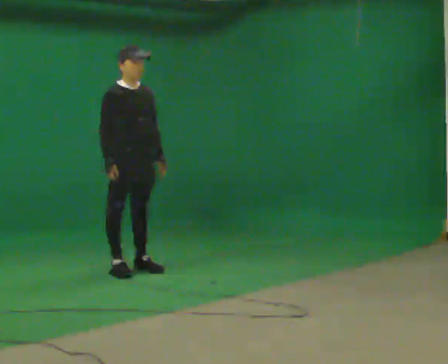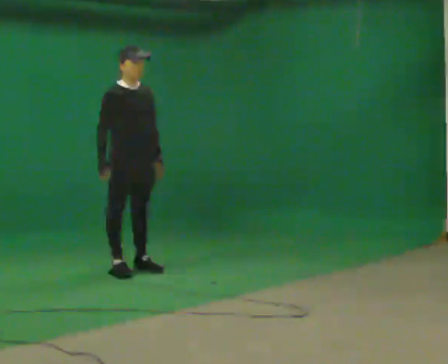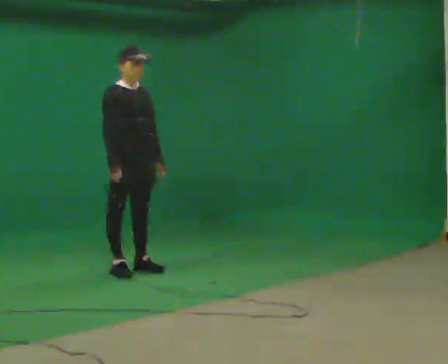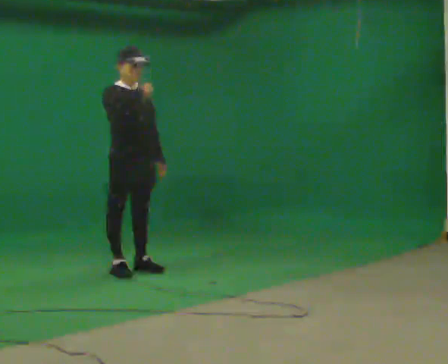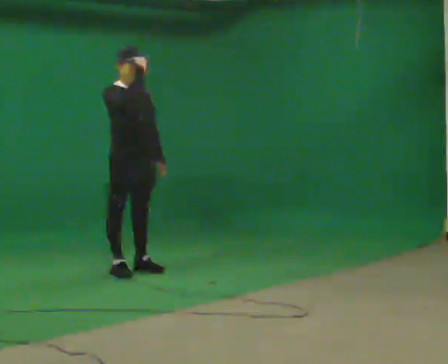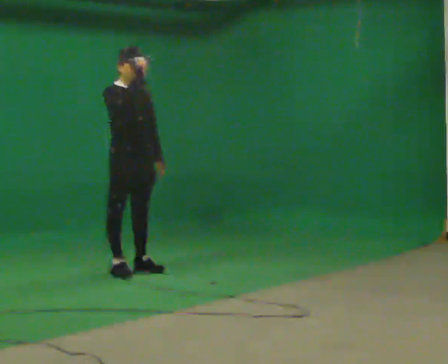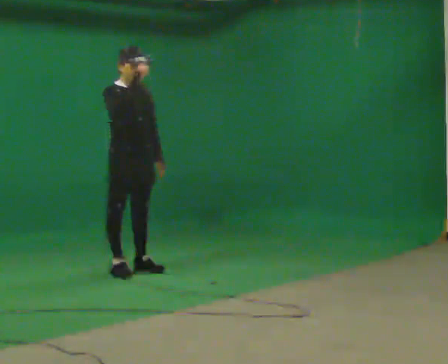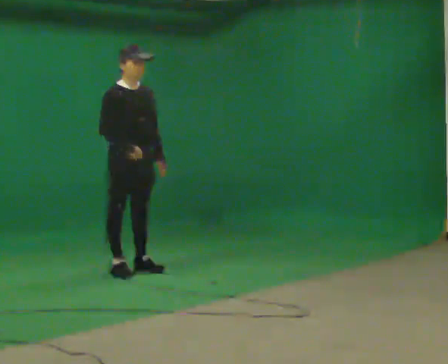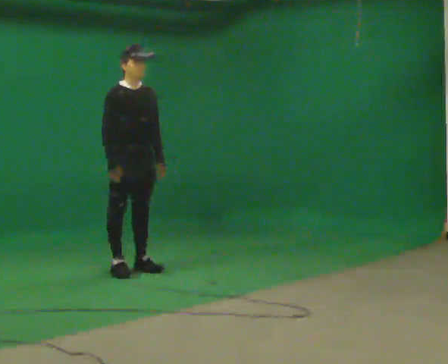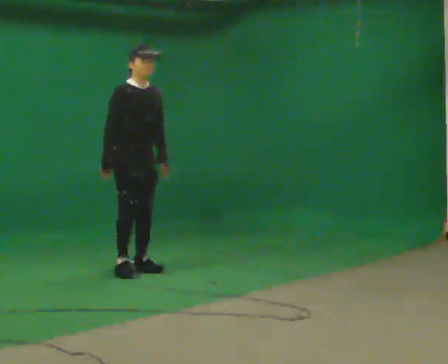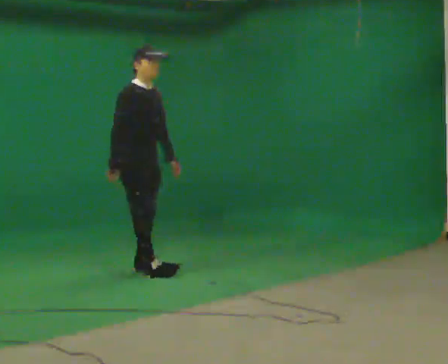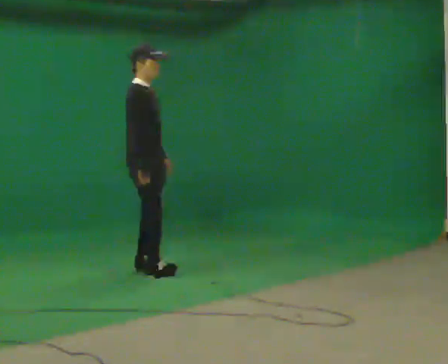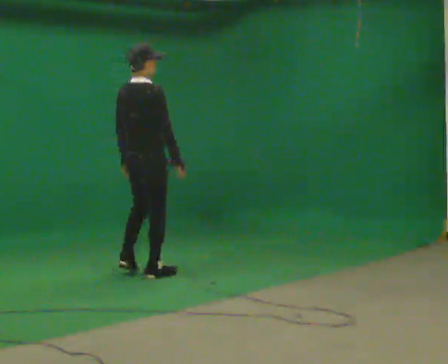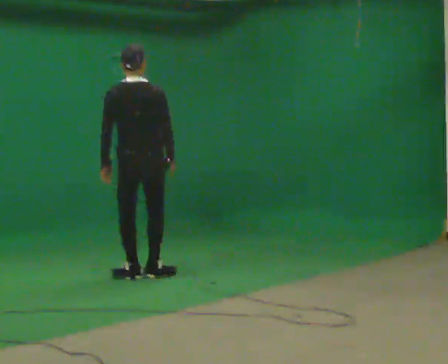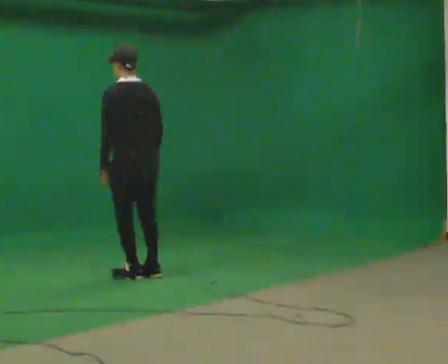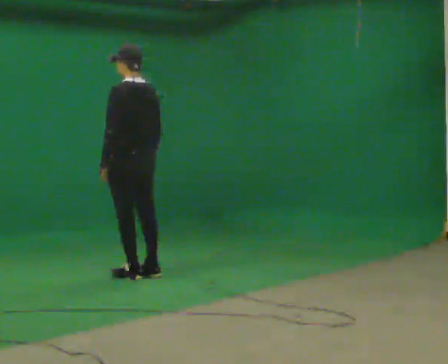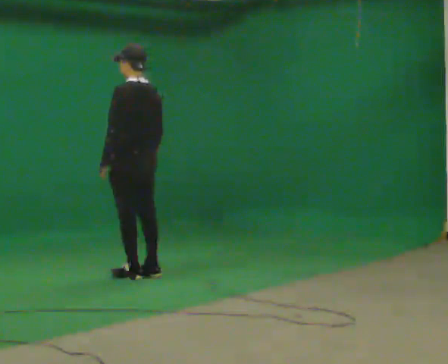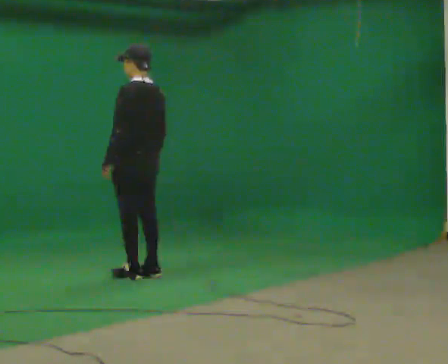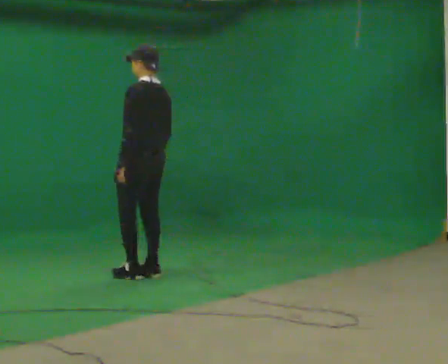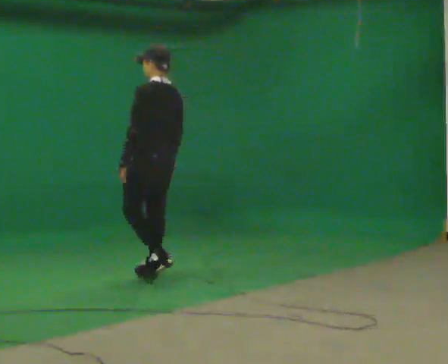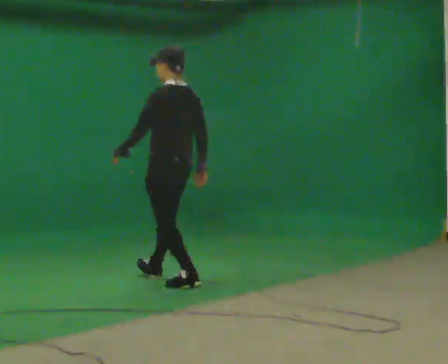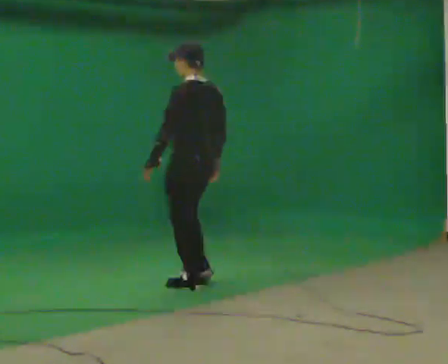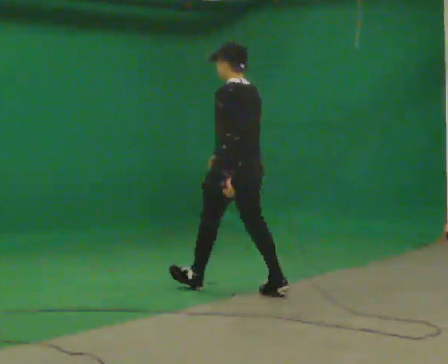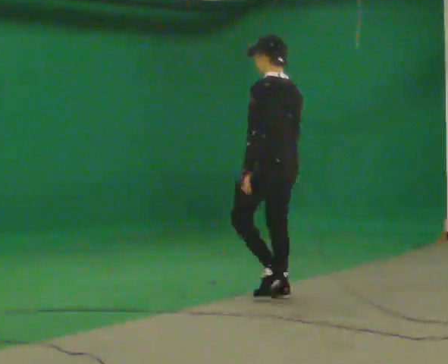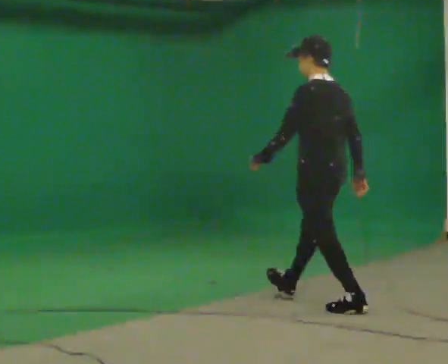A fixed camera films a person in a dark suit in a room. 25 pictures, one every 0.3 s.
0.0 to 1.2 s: In the picture their right hand goes upward.
1.2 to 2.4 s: In the picture their right hand goes downward.
2.4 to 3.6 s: The person turns about 90 degrees to their left, counterclockwise seen from above, so the part of the body nearest the lens slides to the right. In the picture they go toward the camera, about 0.25 m in 2 steps.
3.6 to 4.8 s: The part of the body nearest the lens slides to the right as the person turns to their left by about 90 degrees.
4.8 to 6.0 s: In the picture they go toward the camera and to the right, about 0.25 m in 1 step, which for them is backward.
6.0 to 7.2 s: In the picture they go toward the camera and to the right, about 1.5 m in 3 steps, which for them is backward.
The film runs backward here.
